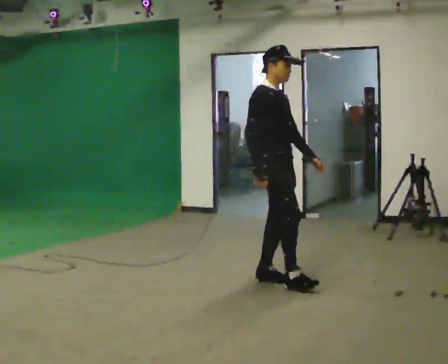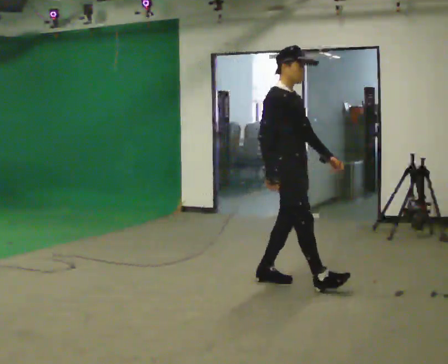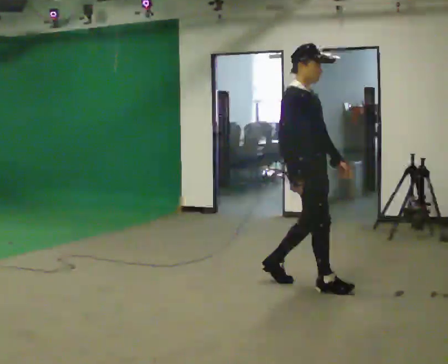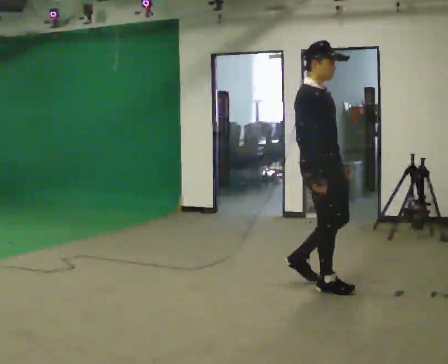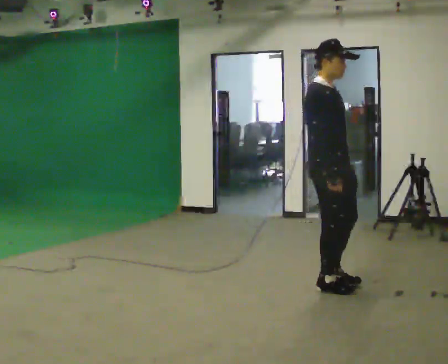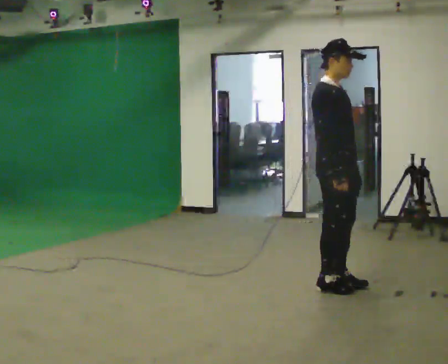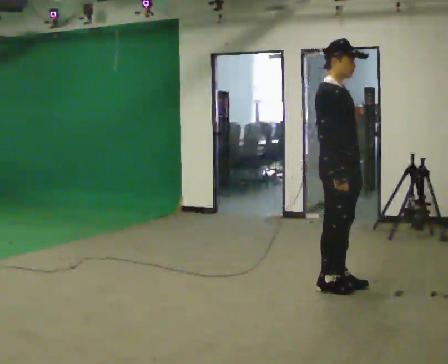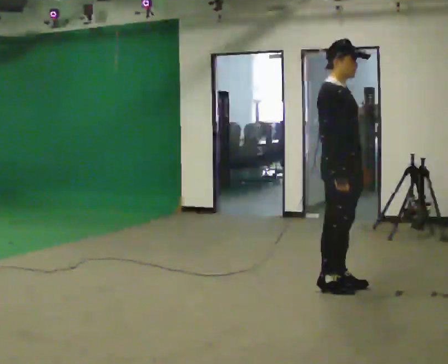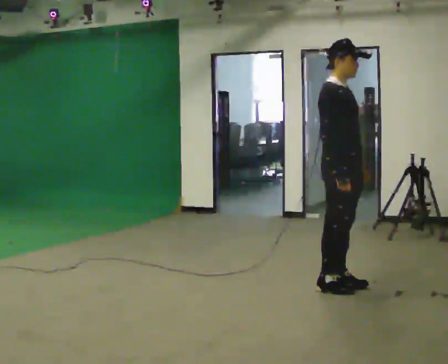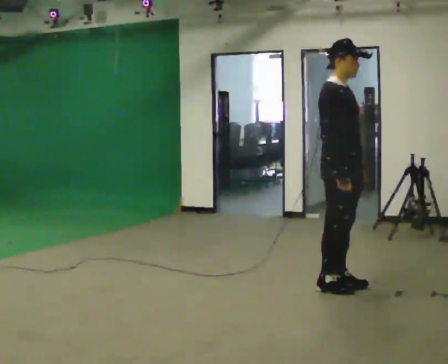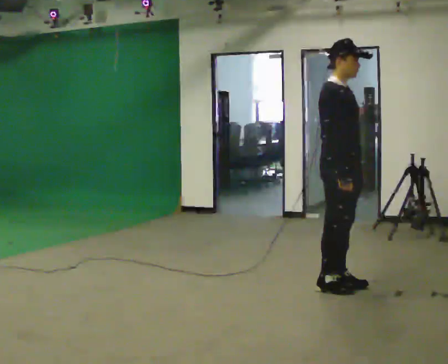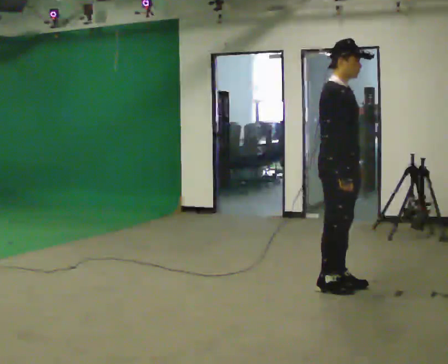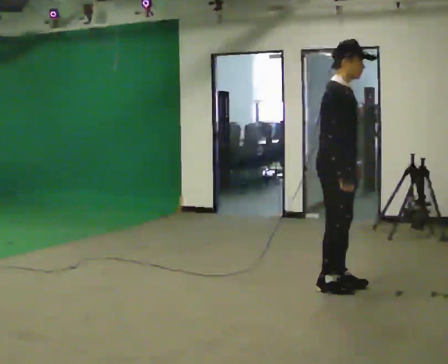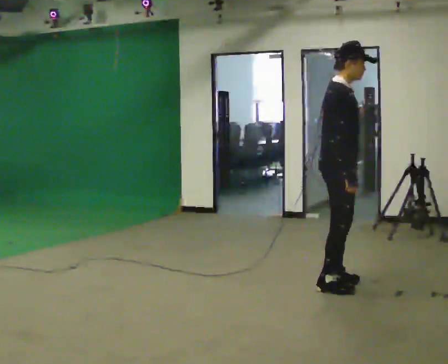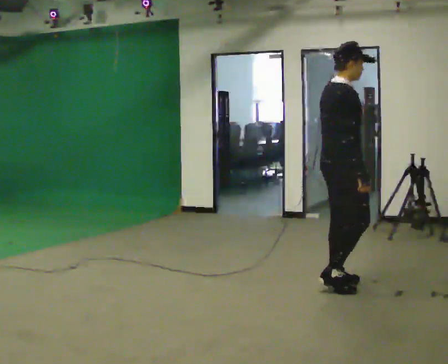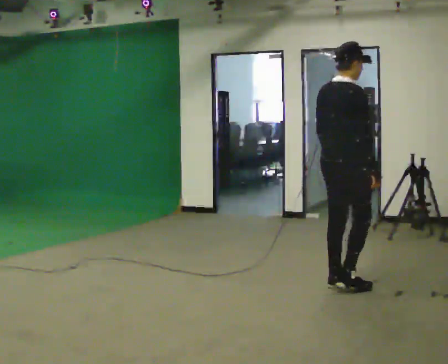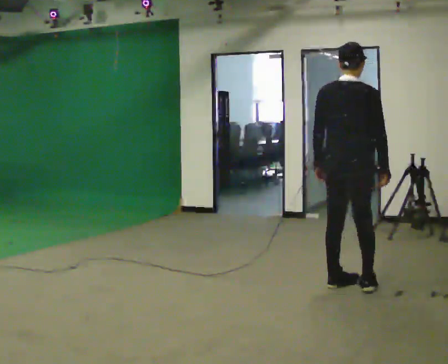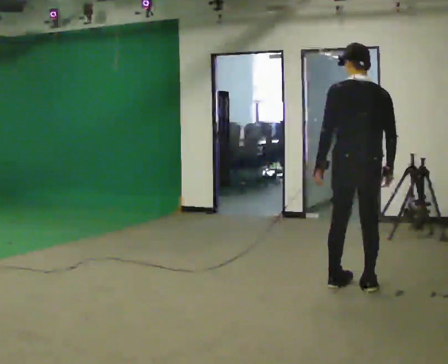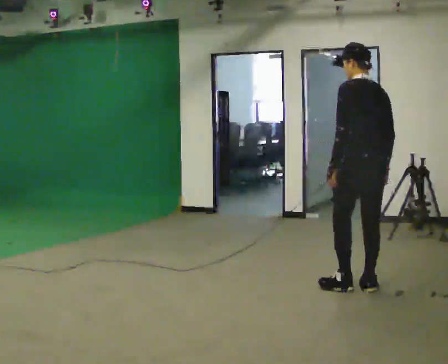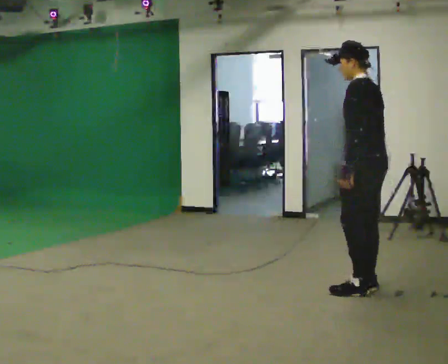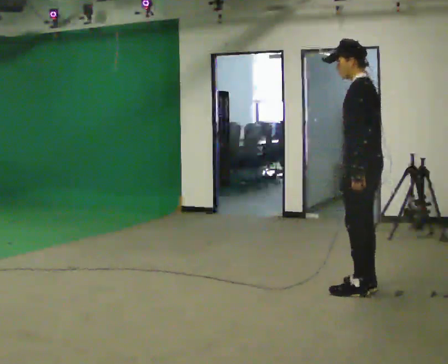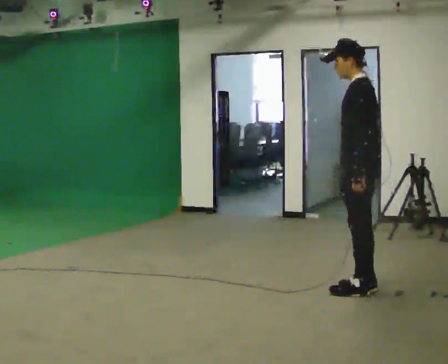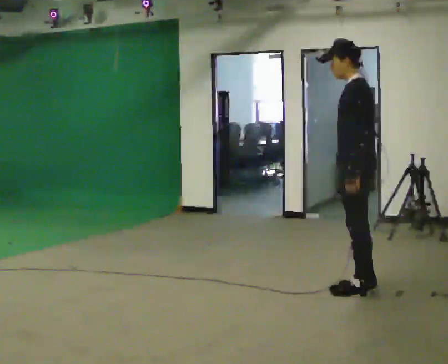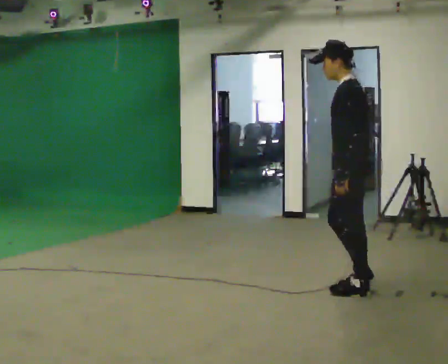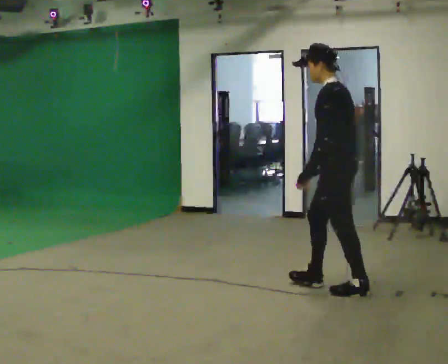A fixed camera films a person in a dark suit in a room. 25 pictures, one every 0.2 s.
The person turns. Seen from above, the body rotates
counterclockwise.
The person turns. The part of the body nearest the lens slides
to the right.
0.0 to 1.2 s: In the picture they go to the right, about 0.5 m in 2 steps, which for them is forward.
1.2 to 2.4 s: The person moves a little, or ends about where they began.
2.4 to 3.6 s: The part of the body nearest the lens slides to the right as the person turns to their left by about 135 degrees. In the picture they go to the right, about 0.25 m in 1 step.
3.6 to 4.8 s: The person turns about 30 degrees to their left, counterclockwise seen from above, so the part of the body nearest the lens slides to the right. In the picture they go to the left, about 0.25 m in 1 step, which for them is forward.
The film runs forward here.
